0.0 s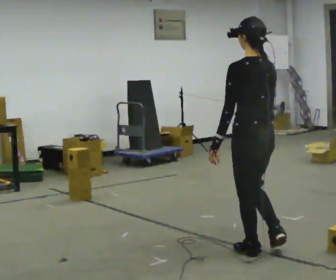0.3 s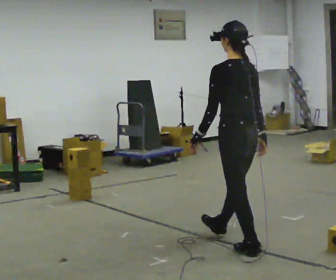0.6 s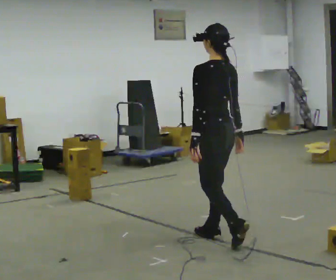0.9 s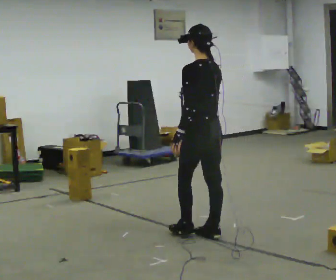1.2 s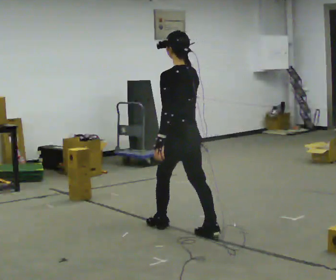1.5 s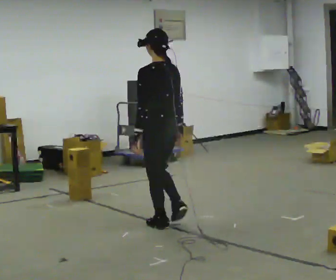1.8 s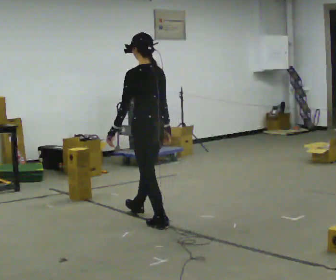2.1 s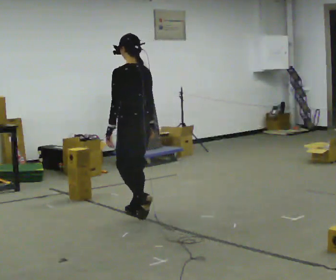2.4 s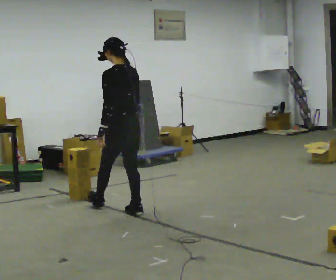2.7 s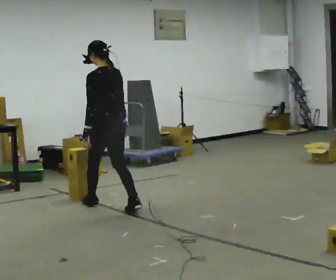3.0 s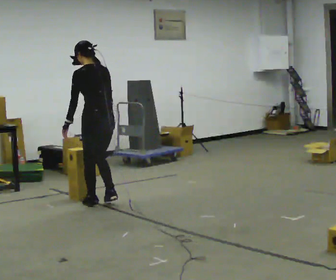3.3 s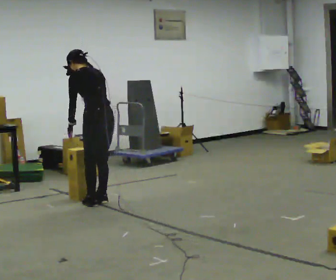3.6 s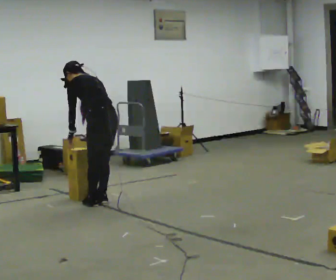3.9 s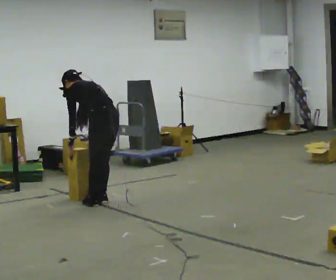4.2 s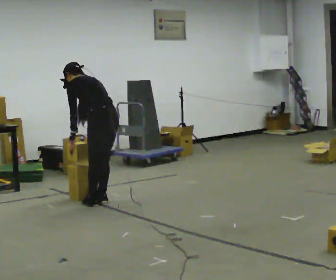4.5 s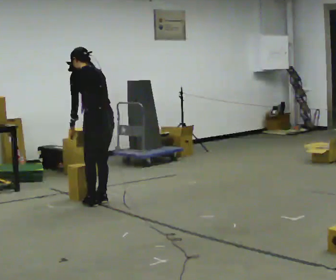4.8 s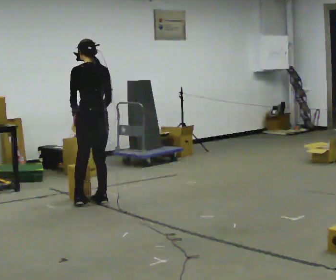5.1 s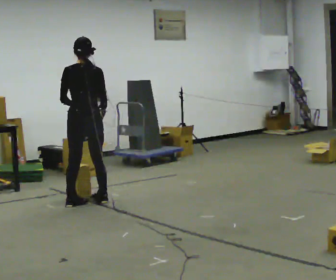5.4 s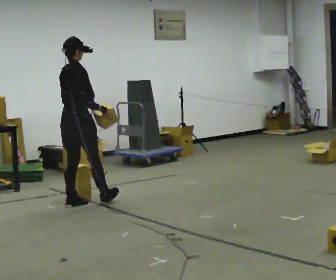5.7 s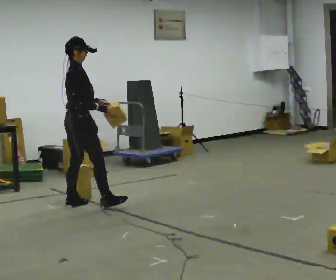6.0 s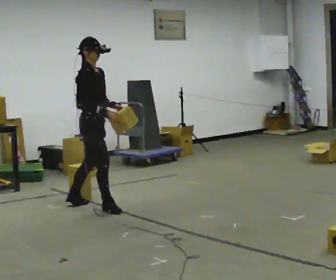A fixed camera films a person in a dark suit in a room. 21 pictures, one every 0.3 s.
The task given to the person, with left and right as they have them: Carry the stack of boxes across the room without letting it fall over, then bring it back. Keep going until the operator says stop; one object at a time, and do not rush between trips.
0.0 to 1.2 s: In the picture they go away from the camera and to the left, about 1 m in 2 steps, which for them is forward.
1.2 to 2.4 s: In the picture they go away from the camera and to the left, about 1 m in 1 step, which for them is forward.
2.4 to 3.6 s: In the picture they go away from the camera and to the left, about 0.25 m in 2 steps, which for them is forward. The upper body tips away from the camera, its near side rolling upward, as they bend forward.
3.6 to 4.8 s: The person moves a little, or ends about where they began.
4.8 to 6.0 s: The part of the body nearest the lens slides to the left as the person turns to their right by about 135 degrees. In the picture they go toward the camera, about 0.25 m in 2 steps.
The film runs forward here.
